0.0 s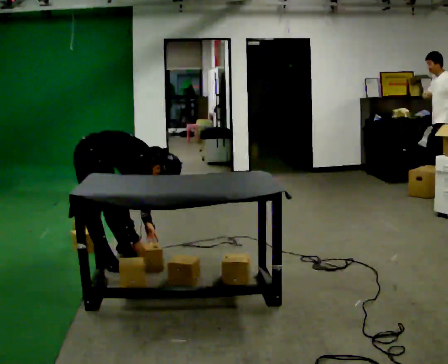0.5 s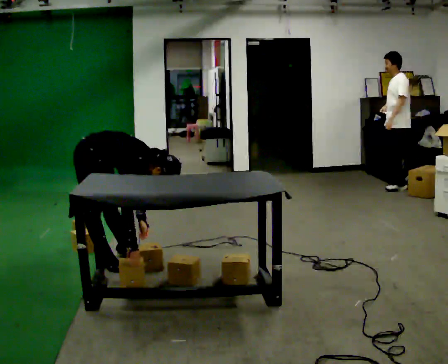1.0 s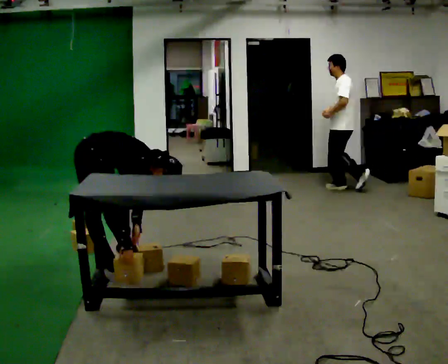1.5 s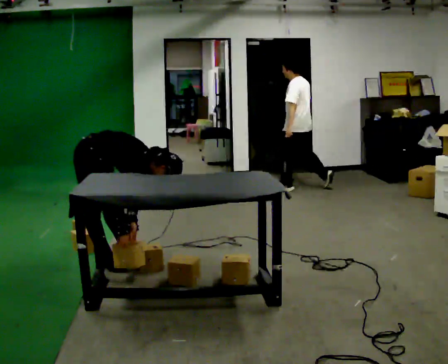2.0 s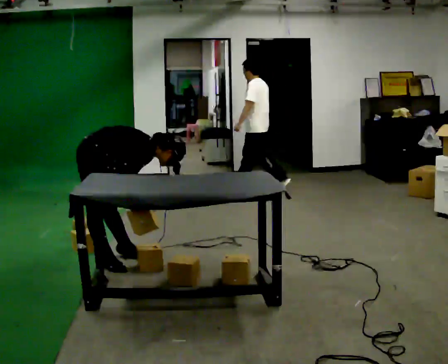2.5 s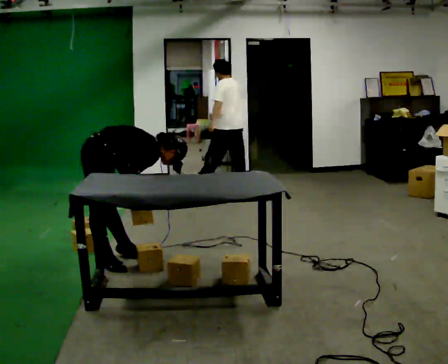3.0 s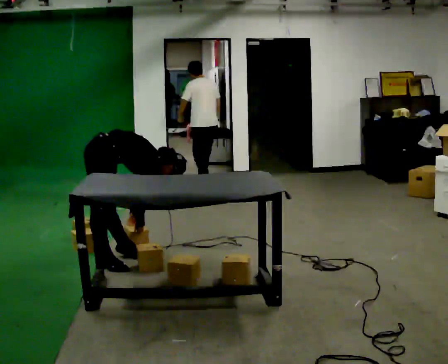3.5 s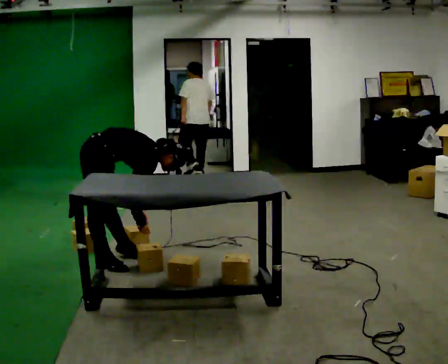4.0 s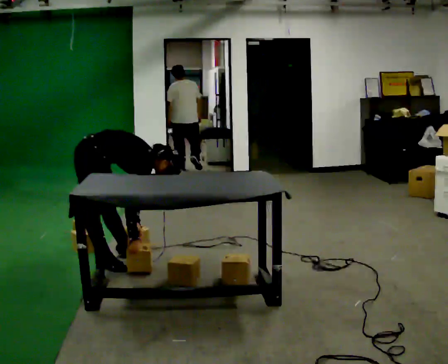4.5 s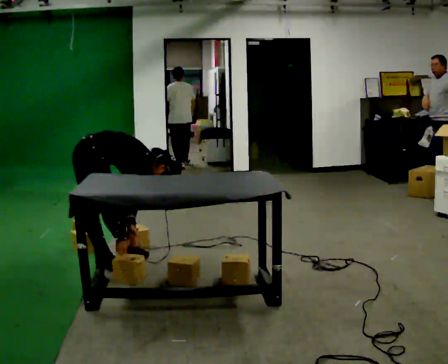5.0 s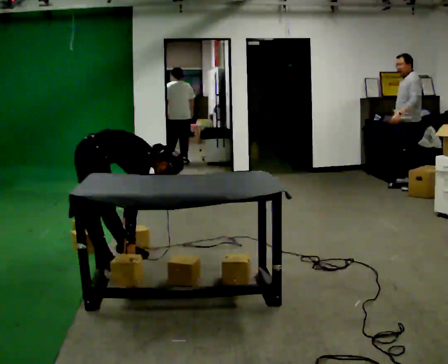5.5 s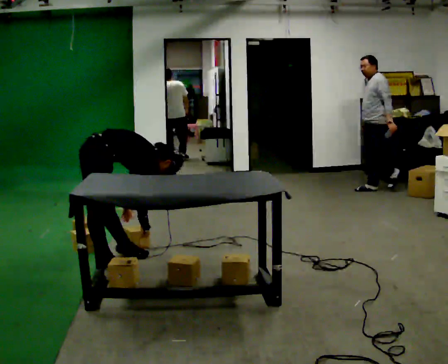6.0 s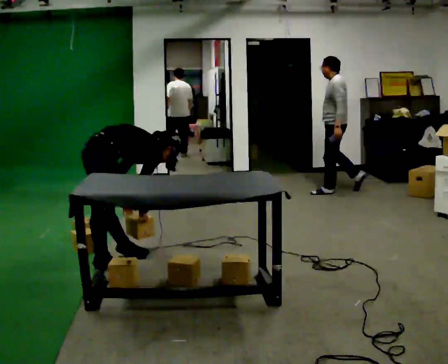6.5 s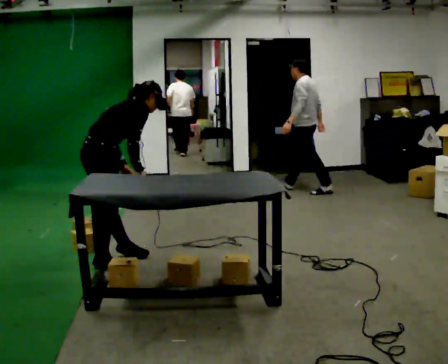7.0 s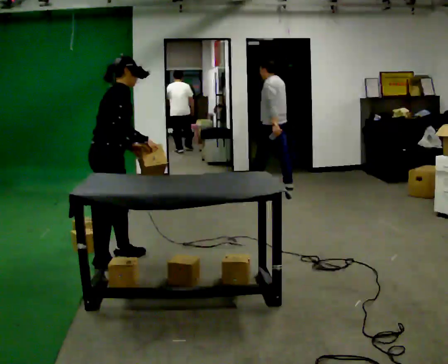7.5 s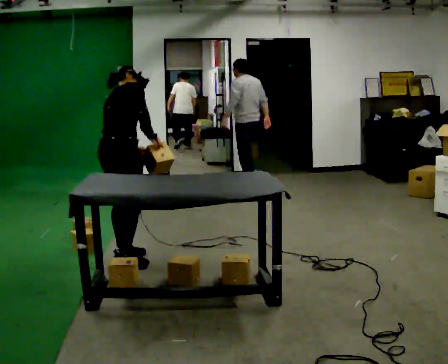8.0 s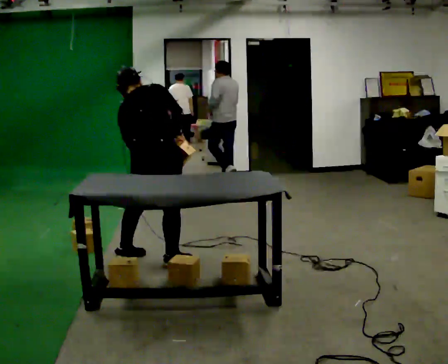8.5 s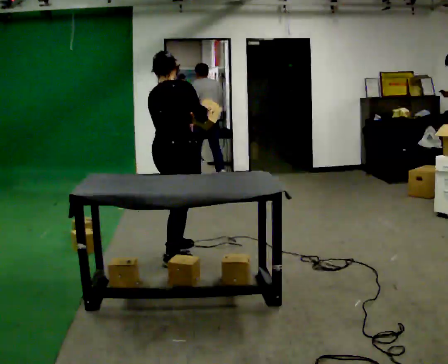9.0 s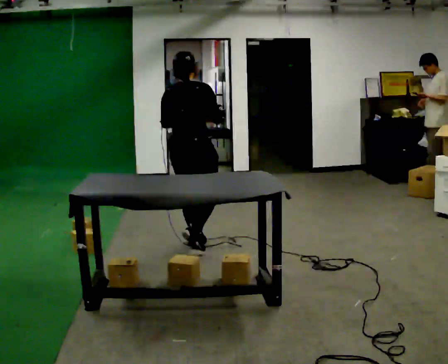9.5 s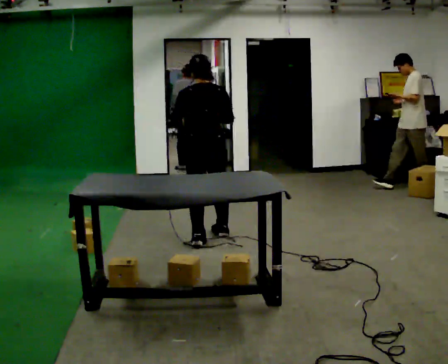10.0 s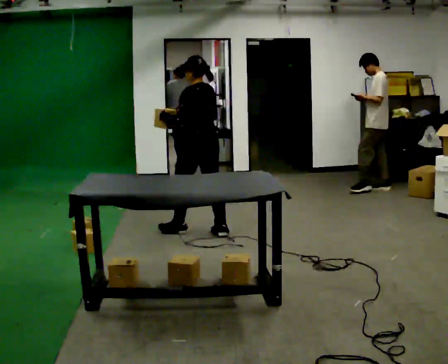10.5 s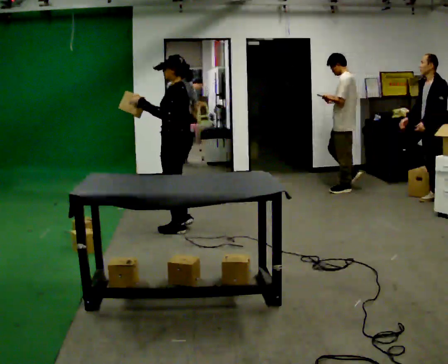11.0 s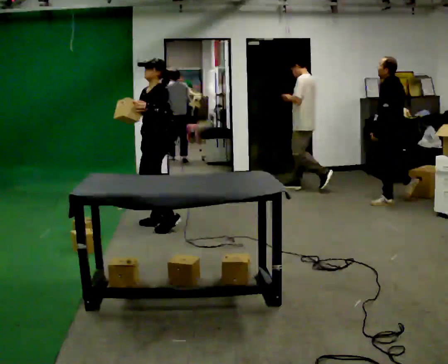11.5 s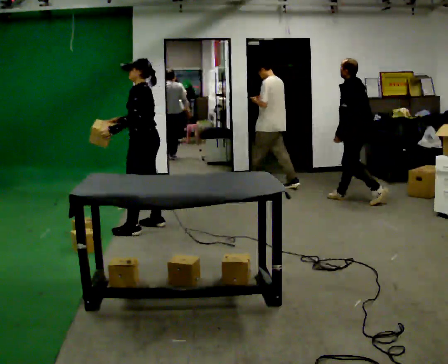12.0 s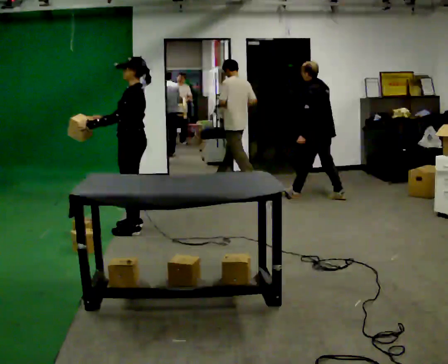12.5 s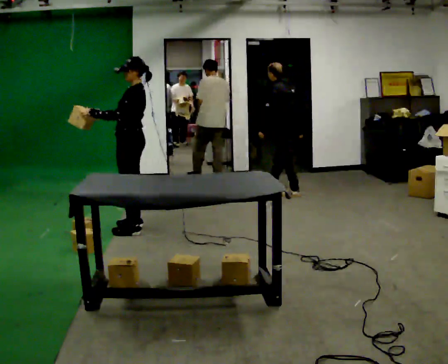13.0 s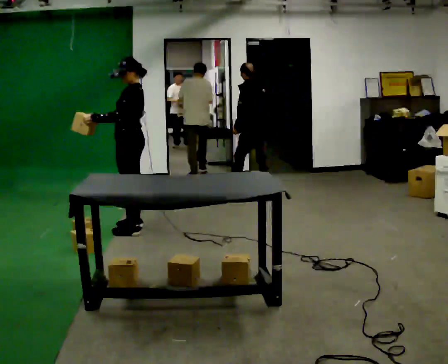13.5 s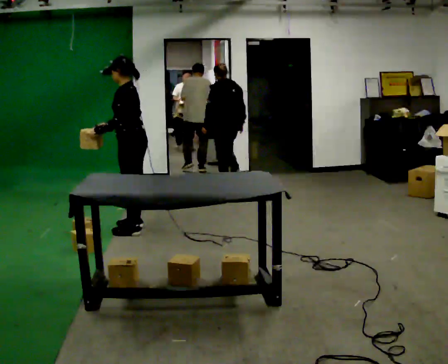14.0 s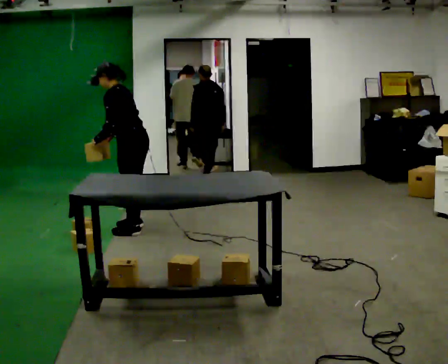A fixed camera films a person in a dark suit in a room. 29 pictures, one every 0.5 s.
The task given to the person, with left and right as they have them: Take the boxes off the top, get the one from the bottom, carry it away, then put the others back. Keep going until the operator says stop; one object at a time, and do not rush between trips.
0.0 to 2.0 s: In the picture their right hand goes upward.
2.0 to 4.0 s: The upper body tips away from the camera, its near side rolling upward.
4.0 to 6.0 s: Seen from above the body turns counterclockwise, about 30 degrees: to their left, with its near side sliding to the right. The upper body tips toward the camera, its near side rolling downward.
6.0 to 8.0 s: The person turns about 45 degrees to their left, counterclockwise seen from above, so the part of the body nearest the lens slides to the right. In the picture they go to the right, about 0.5 m in 1 step. The shoulders move upward. In the picture the upper body tilts counterclockwise, shoulders to the left, as they lean back or straighten. In the picture their right hand goes upward.
8.0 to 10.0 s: The part of the body nearest the lens slides to the right as the person turns to their left by about 60 degrees. In the picture they go away from the camera and to the right, about 1 m in 3 steps. The upper body tips toward the camera, its near side rolling downward.
10.0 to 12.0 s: Seen from above the body turns counterclockwise, about 45 degrees: to their left, with its near side sliding to the right. In the picture they go to the left and away from the camera, about 0.5 m in 3 steps, which for them is forward.
12.0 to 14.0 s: In the picture the upper body tilts counterclockwise, shoulders to the left, as they bend forward.
The film runs forward here.
